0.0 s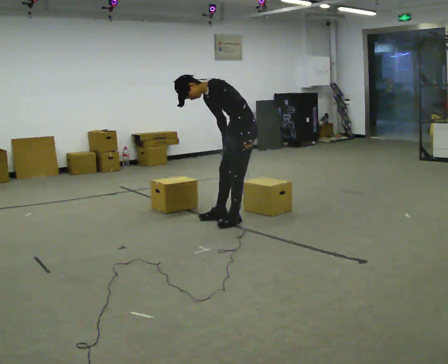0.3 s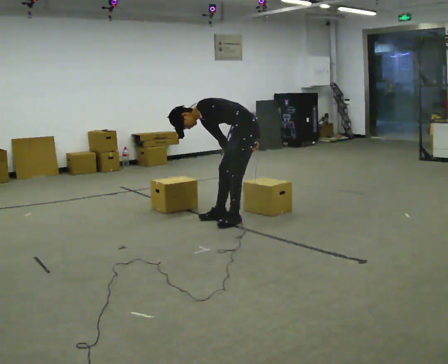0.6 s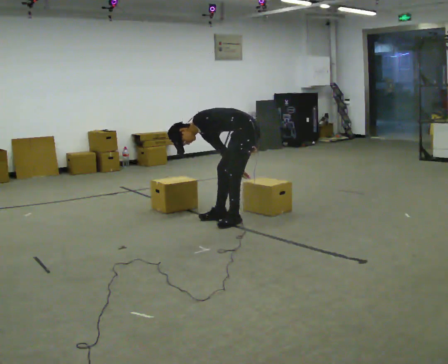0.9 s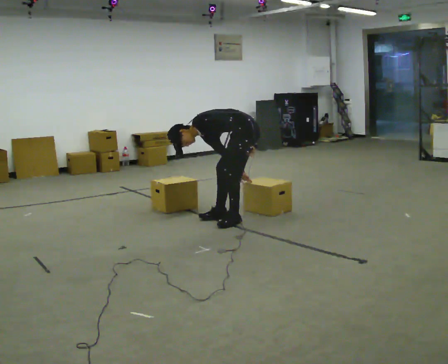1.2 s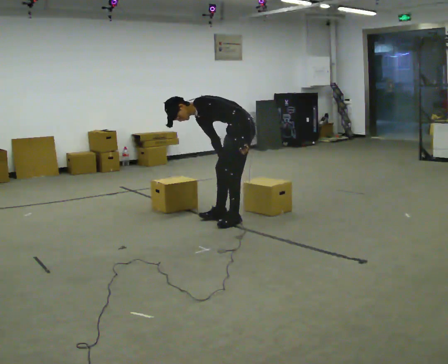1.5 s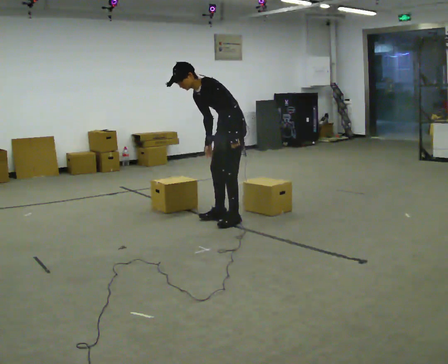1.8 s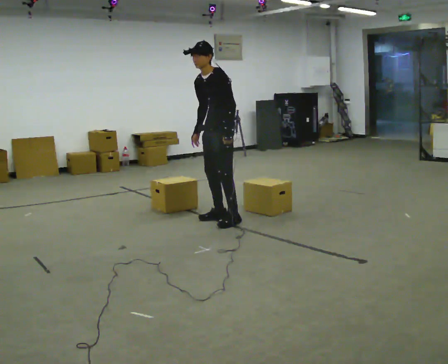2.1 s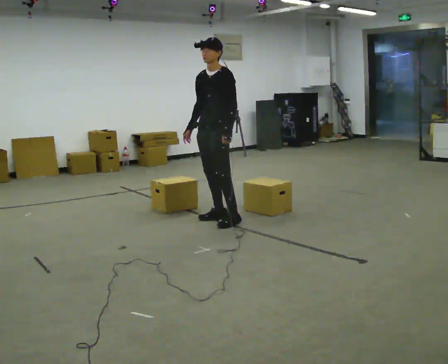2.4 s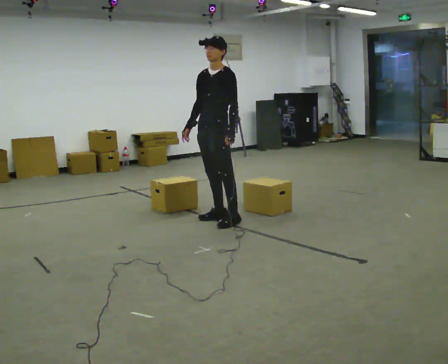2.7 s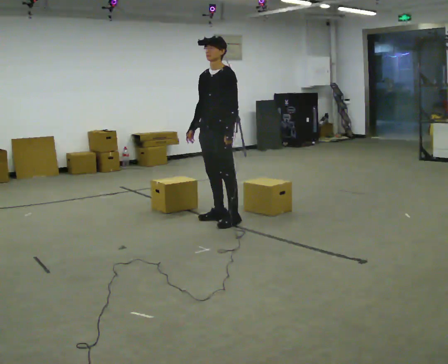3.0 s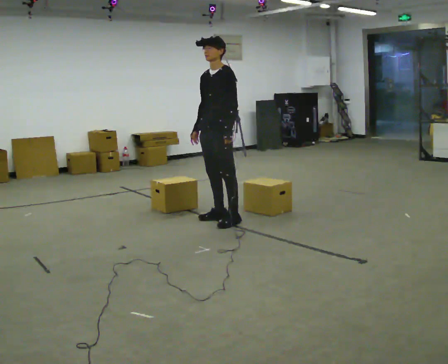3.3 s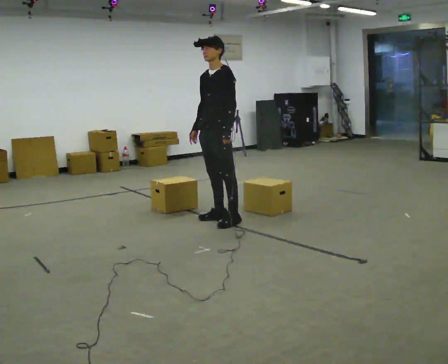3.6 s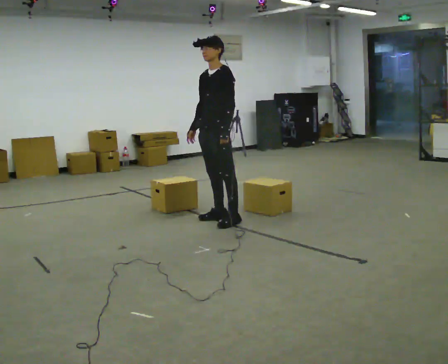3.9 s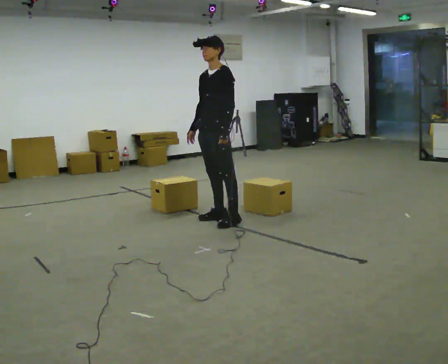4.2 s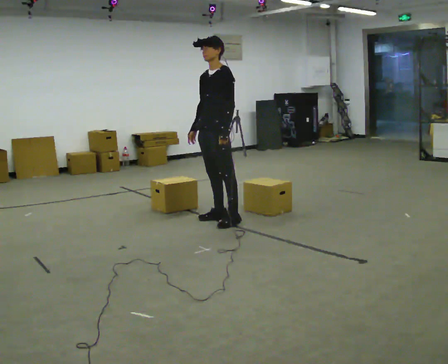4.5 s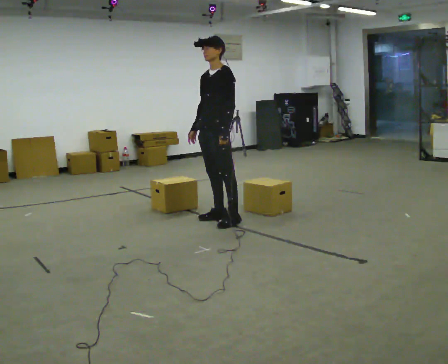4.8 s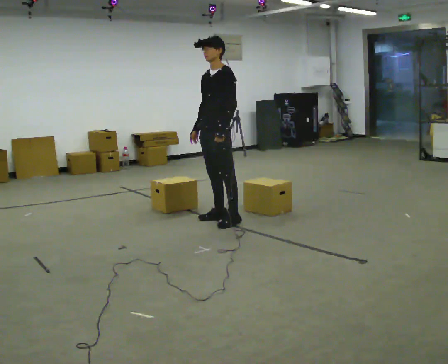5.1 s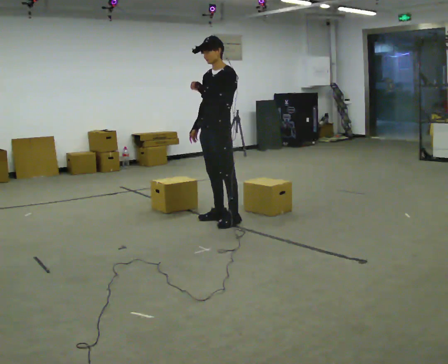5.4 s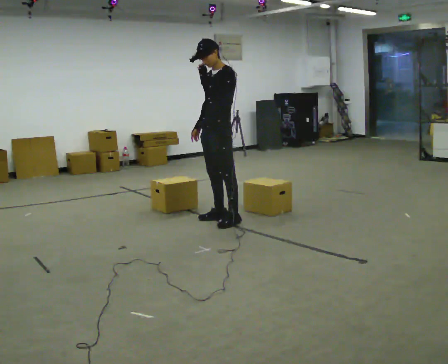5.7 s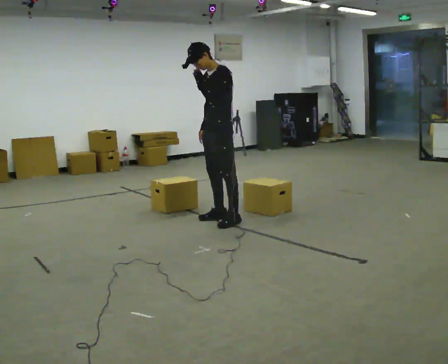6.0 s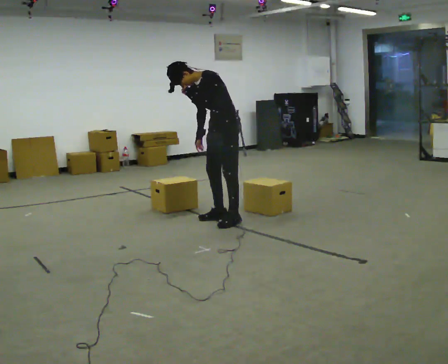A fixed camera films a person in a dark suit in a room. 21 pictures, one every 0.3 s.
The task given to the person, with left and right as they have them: Touch each numbered target to your side and behind you in the order the operator calls, without moving your feet. Keep both feet on the marked spots for the whole take. If you have to step, stop and tell the operator.
0.0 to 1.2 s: The person moves a little, or ends about where they began.
1.2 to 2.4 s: The person turns about 30 degrees to their left, counterclockwise seen from above, so the part of the body nearest the lens slides to the right. In the picture they go to the left, about 0.25 m, which for them is forward and to their right. The upper body goes upward. In the picture the upper body tilts clockwise, shoulders to the right, as they lean back or straighten. In the picture their right hand goes upward and to the left, the arm swinging clockwise.
2.4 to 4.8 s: The person moves a little, or ends about where they began.
4.8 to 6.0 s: In the picture the upper body tilts counterclockwise, shoulders to the left, as they bend forward.
The film runs forward here.
